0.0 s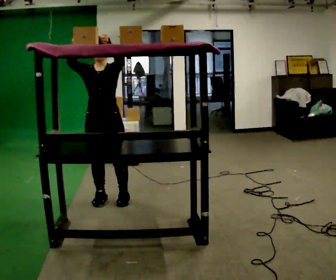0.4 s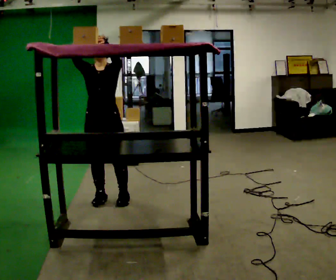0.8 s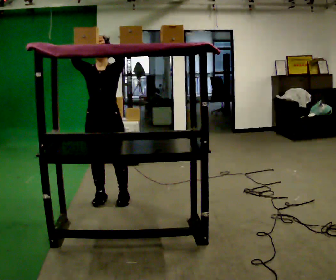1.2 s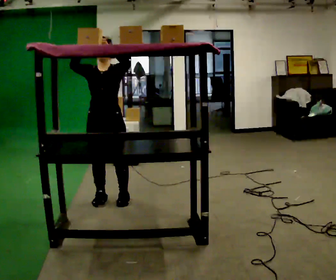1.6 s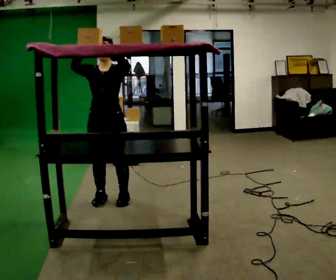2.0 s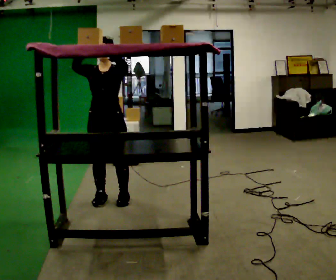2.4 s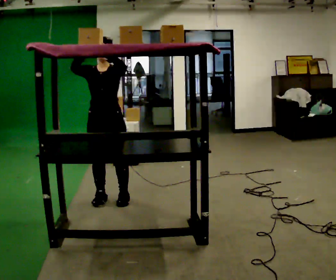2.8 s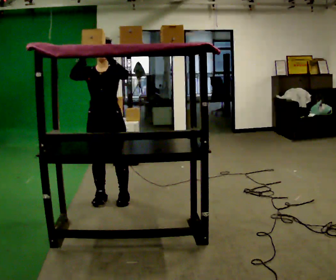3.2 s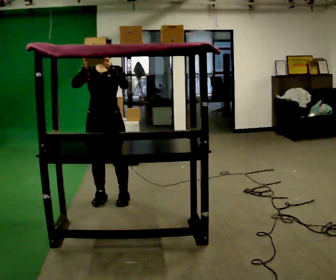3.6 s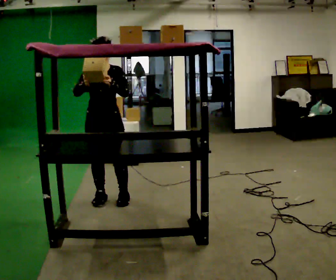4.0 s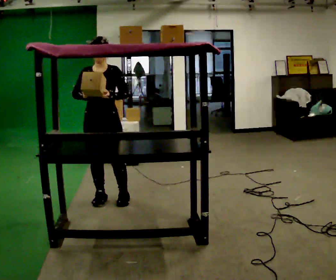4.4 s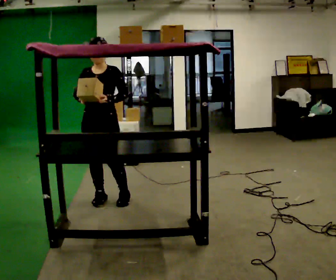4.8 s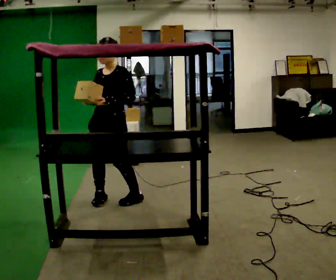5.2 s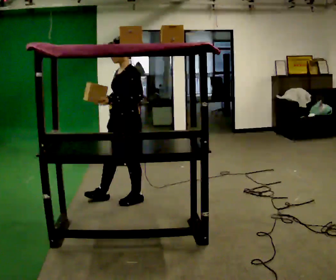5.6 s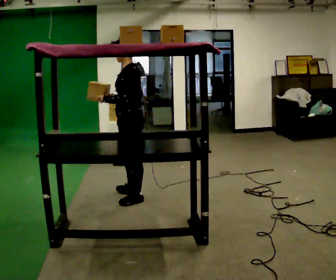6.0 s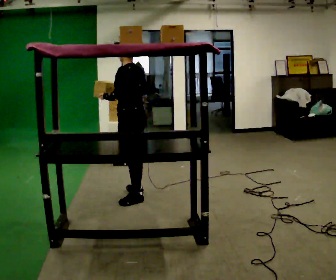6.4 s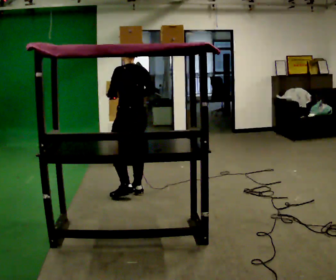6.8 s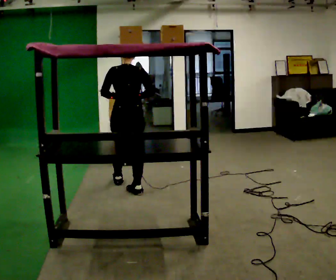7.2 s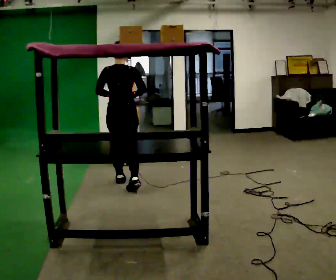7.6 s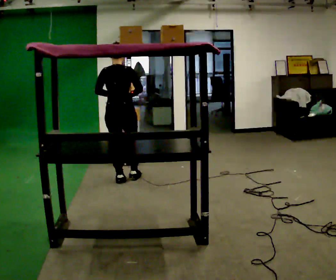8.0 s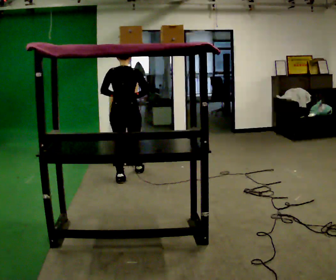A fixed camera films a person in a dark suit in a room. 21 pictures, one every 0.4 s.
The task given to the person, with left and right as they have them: Take an object from the waist-height shelf, carry it across the room, and place it on the highest shelf you can comfortably reach. Keep going until the operator says stop; one object at a time, and do not rush between trips.
0.0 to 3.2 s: The person moves a little, or ends about where they began.
3.2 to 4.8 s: The person turns about 30 degrees to their right, clockwise seen from above, so the part of the body nearest the lens slides to the left.
4.8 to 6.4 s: The part of the body nearest the lens slides to the left as the person turns to their right by about 105 degrees. In the picture they go away from the camera and to the right, about 0.25 m in 1 step.
6.4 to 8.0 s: The part of the body nearest the lens slides to the left as the person turns to their right by about 45 degrees. In the picture they go away from the camera, about 0.5 m in 2 steps, which for them is forward.
The film runs forward here.
